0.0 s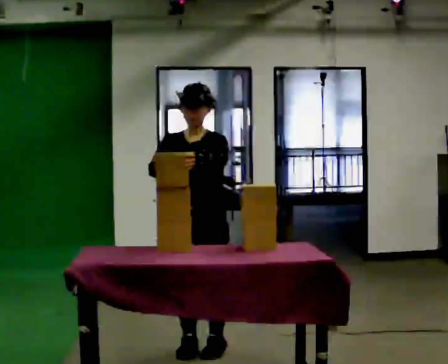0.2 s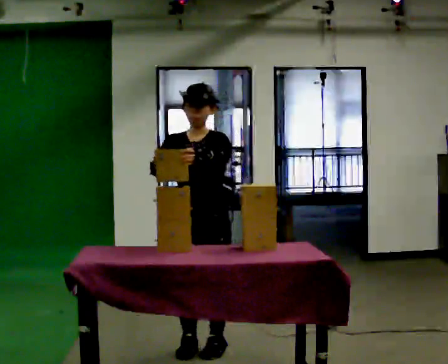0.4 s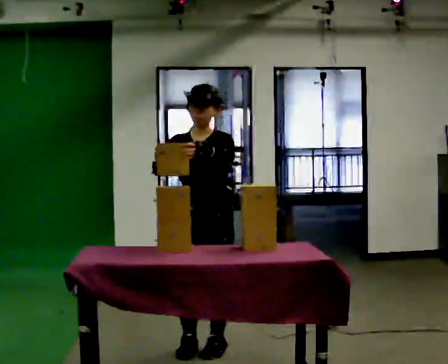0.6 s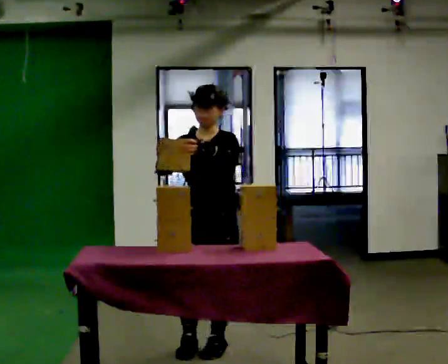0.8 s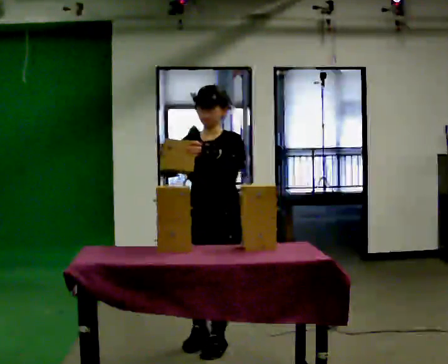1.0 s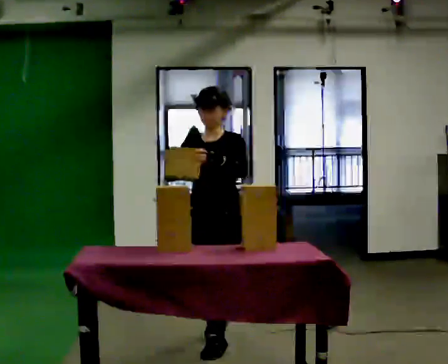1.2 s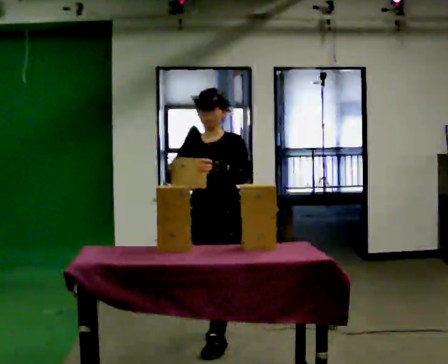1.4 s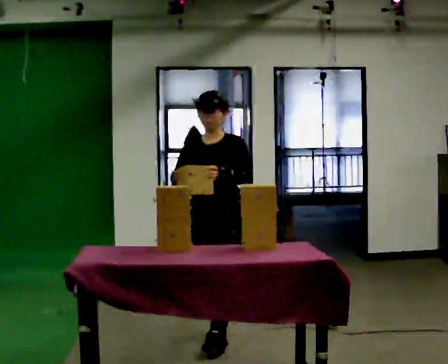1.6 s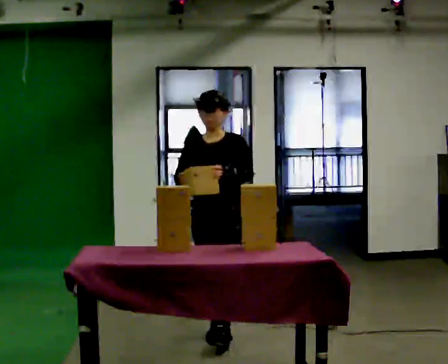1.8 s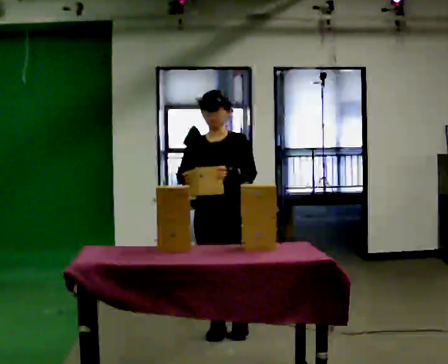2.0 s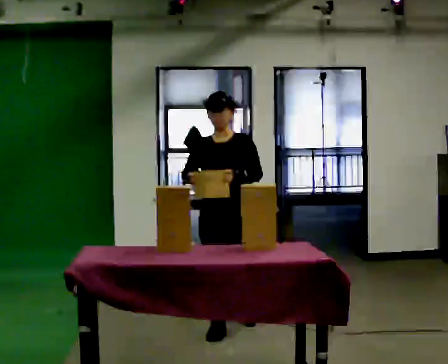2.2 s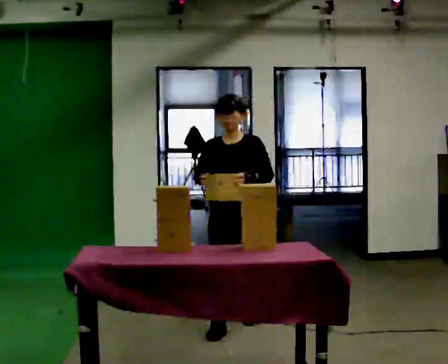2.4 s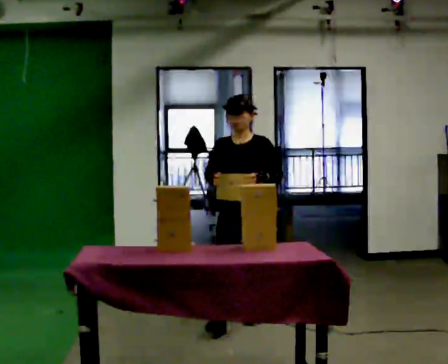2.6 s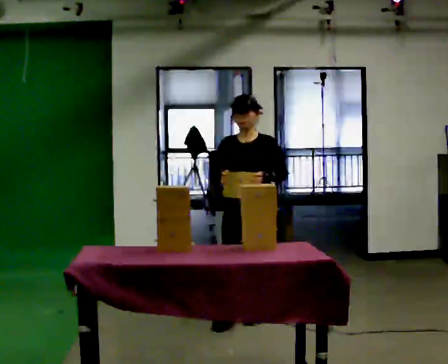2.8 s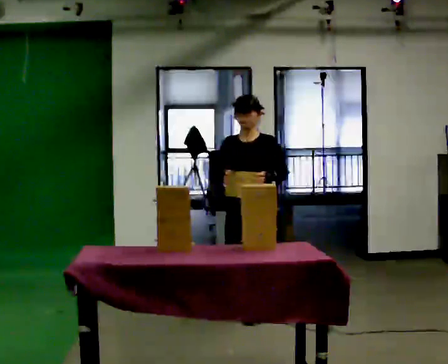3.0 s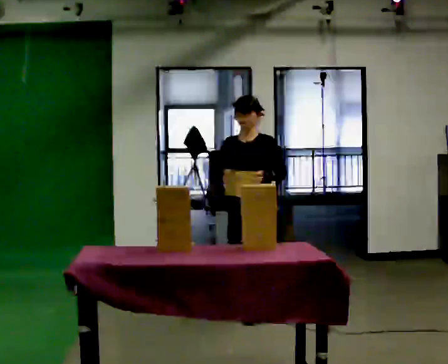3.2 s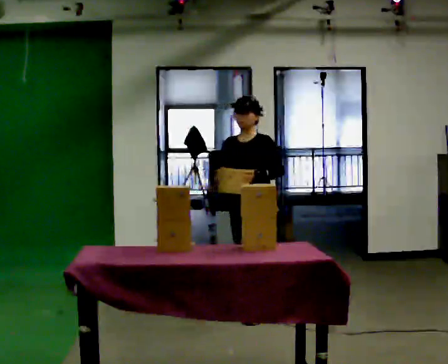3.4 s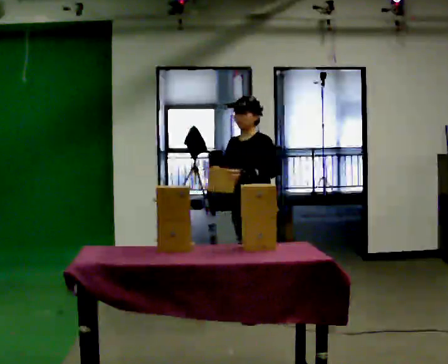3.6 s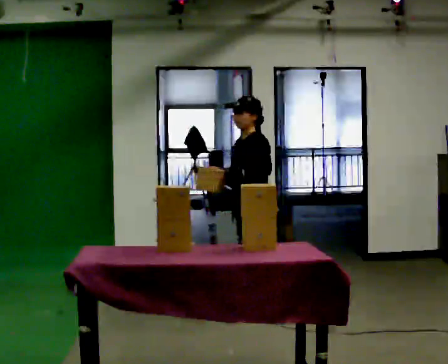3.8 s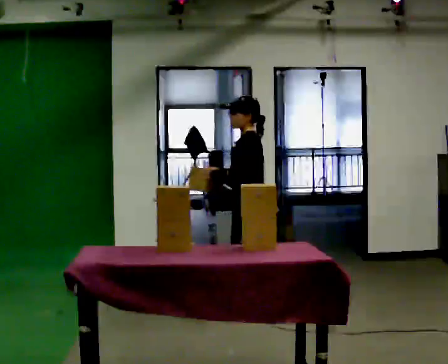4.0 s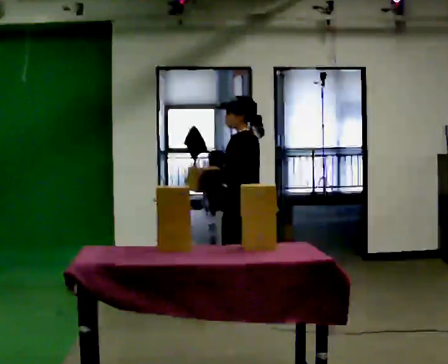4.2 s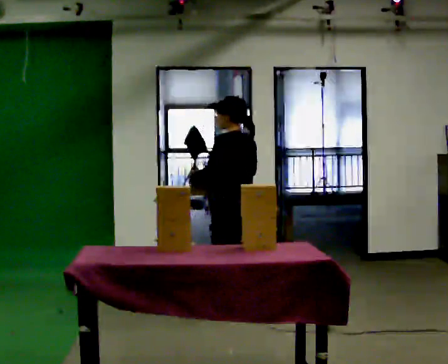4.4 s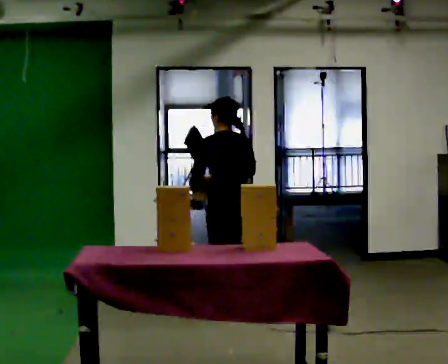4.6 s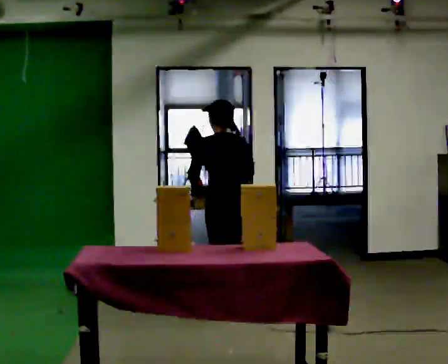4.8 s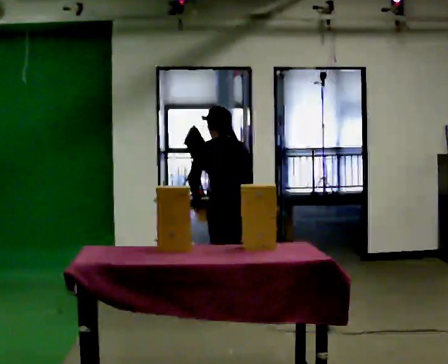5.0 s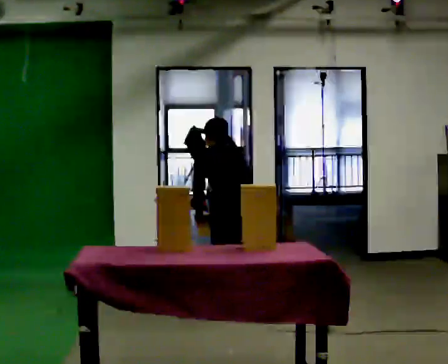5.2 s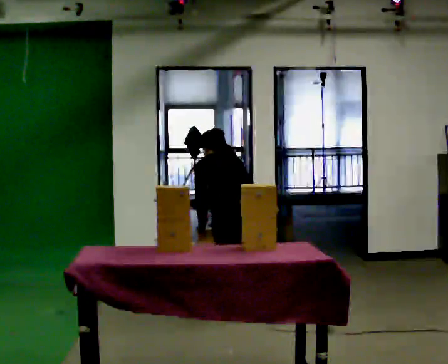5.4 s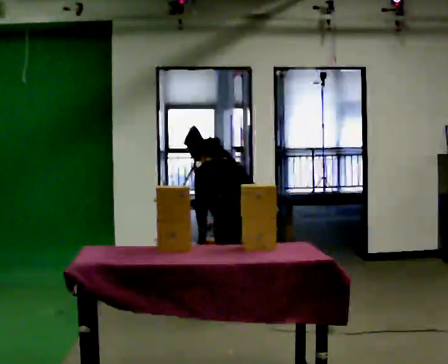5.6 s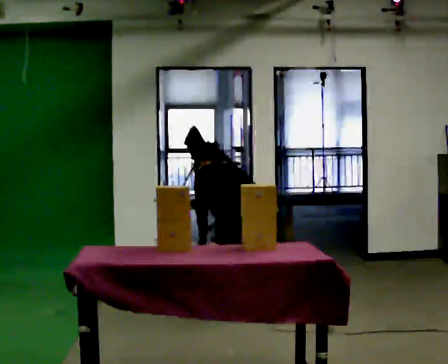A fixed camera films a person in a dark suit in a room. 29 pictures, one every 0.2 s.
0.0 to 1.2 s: In the picture they go away from the camera, about 0.25 m in 1 step, which for them is backward.
1.2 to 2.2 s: In the picture they go away from the camera, about 0.5 m in 1 step, which for them is backward.
2.2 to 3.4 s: Seen from above the body turns clockwise, about 45 degrees: to their right, with its near side sliding to the left. In the picture they go away from the camera, about 0.5 m in 1 step, which for them is backward.
3.4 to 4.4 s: The person turns about 90 degrees to their right, clockwise seen from above, so the part of the body nearest the lens slides to the left. In the picture their left hand goes to the left.
4.4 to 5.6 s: The upper body goes downward. The upper body tips away from the camera, its near side rolling upward, as they bend forward. In the picture their right hand goes downward.
The film runs backward here.
